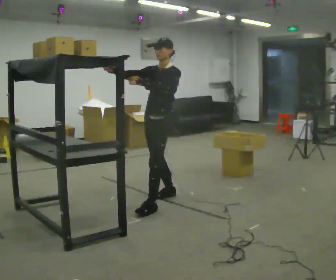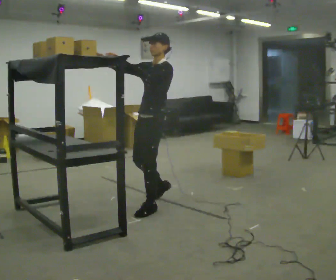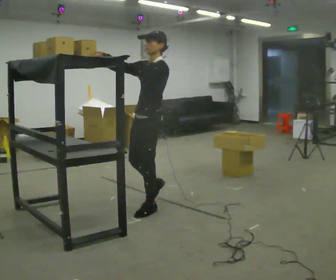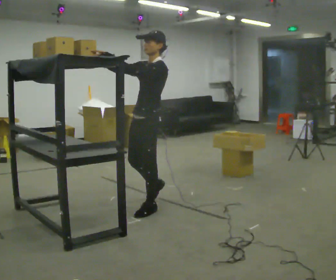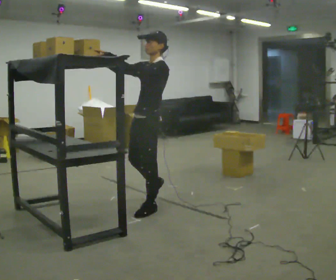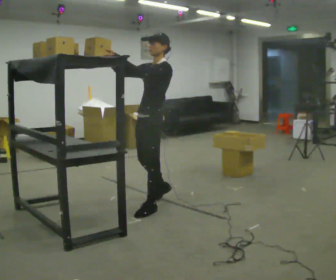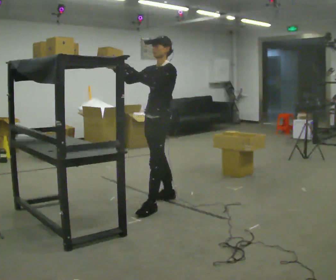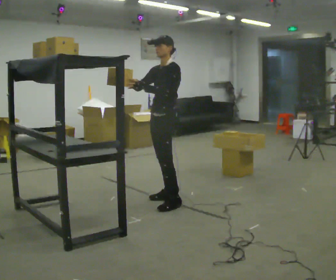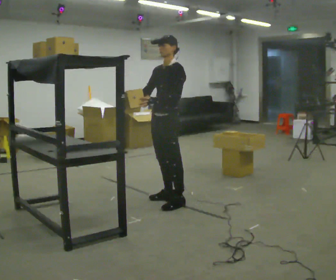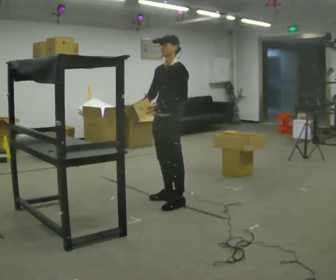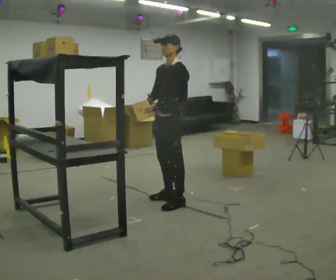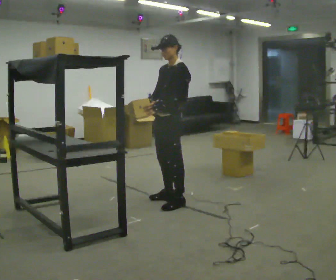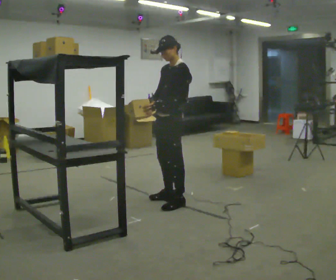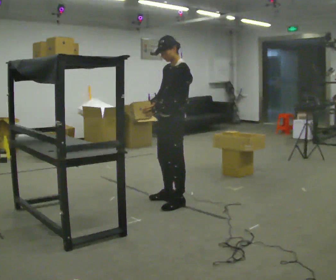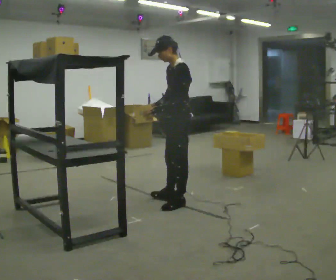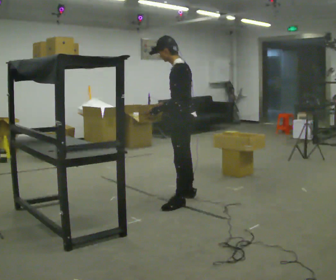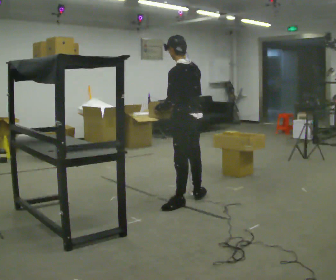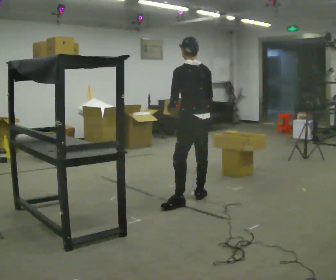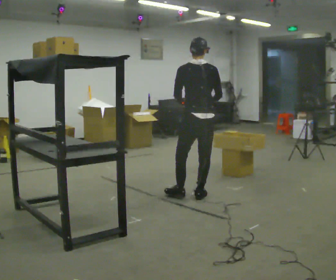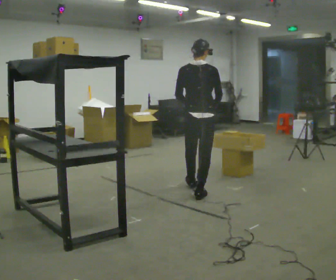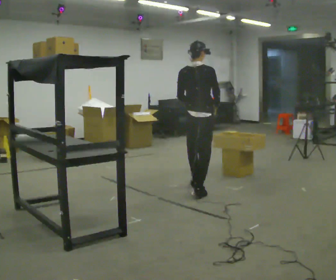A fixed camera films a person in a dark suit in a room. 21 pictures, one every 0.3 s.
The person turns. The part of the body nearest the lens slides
to the left.
The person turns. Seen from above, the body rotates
clockwise.
0.0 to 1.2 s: In the picture they go toward the camera, about 0.25 m in 1 step, which for them is forward and to their left.
1.2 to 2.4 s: In the picture they go away from the camera and to the right, about 0.25 m in 1 step, which for them is backward and to their right. In the picture their left hand goes downward.
2.4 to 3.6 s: The person moves a little, or ends about where they began.
3.6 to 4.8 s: The person turns about 60 degrees to their right, clockwise seen from above, so the part of the body nearest the lens slides to the left. In the picture they go to the right, about 0.25 m in 1 step. In the picture their right hand goes to the right.
4.8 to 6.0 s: Seen from above the body turns clockwise, about 75 degrees: to their right, with its near side sliding to the left. In the picture they go away from the camera, about 0.5 m in 1 step.
The film runs forward here.
